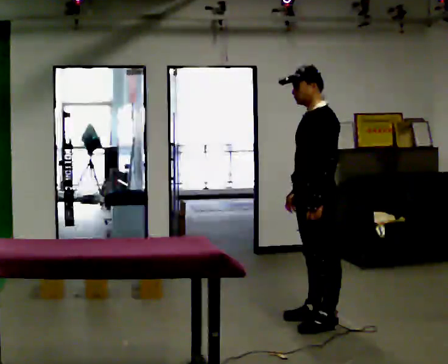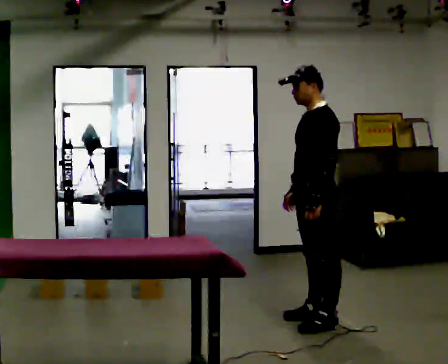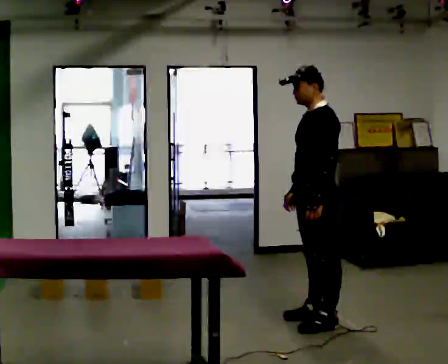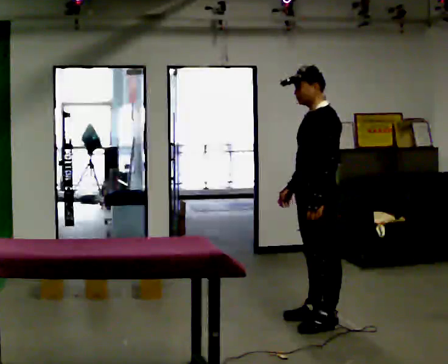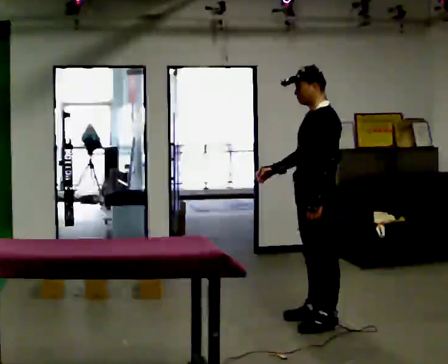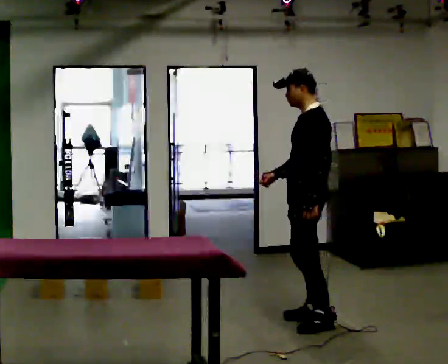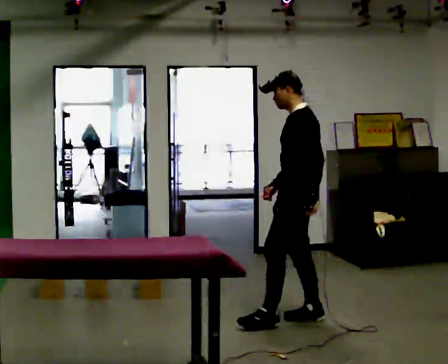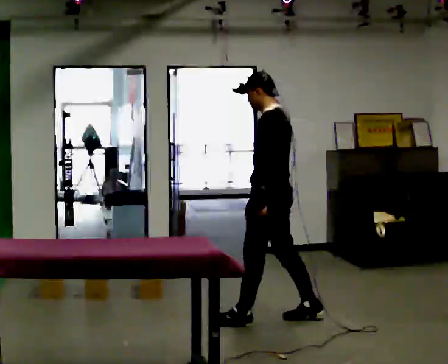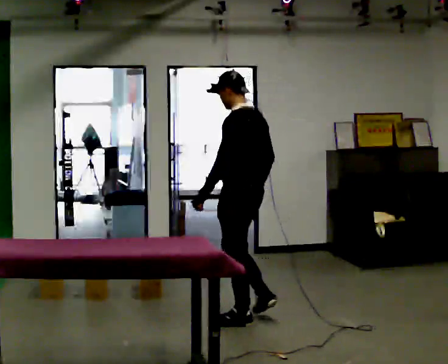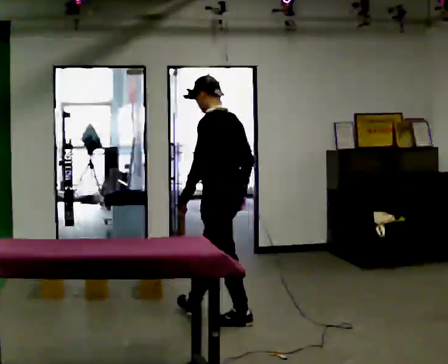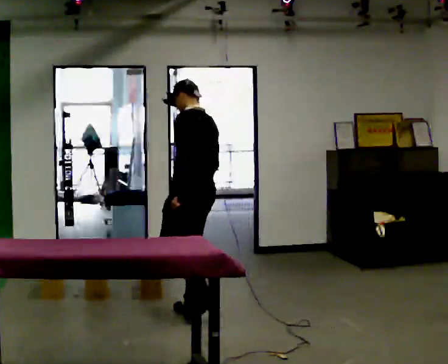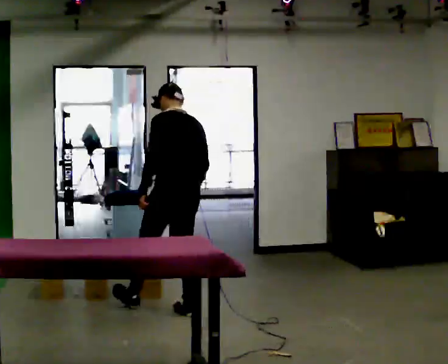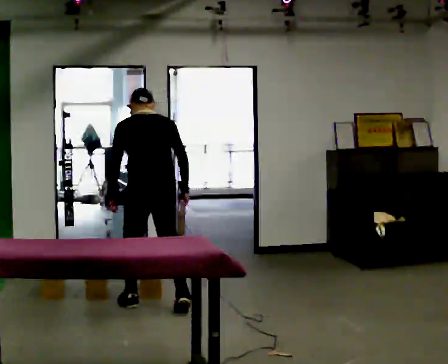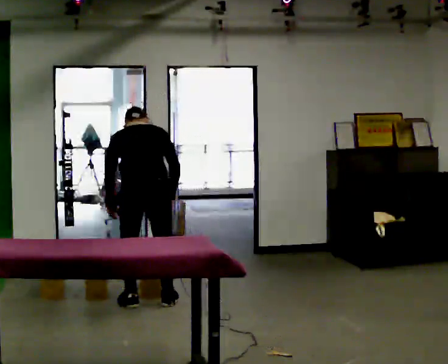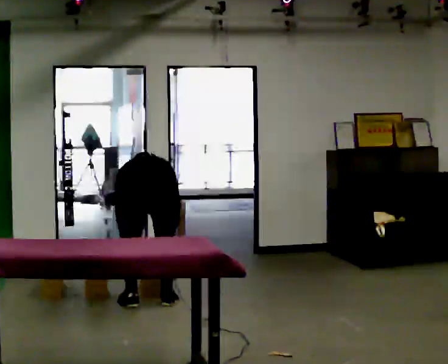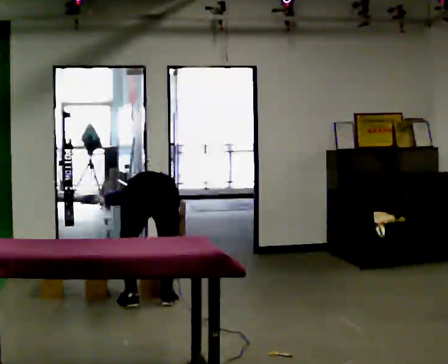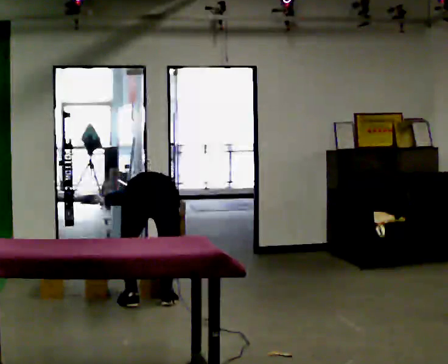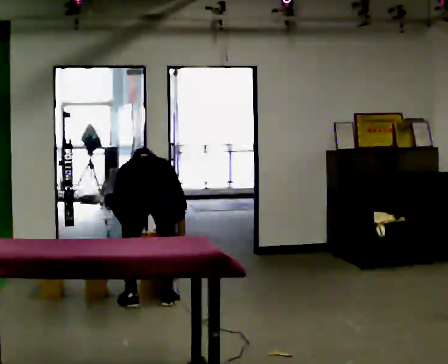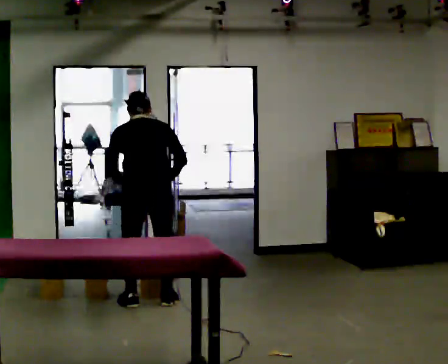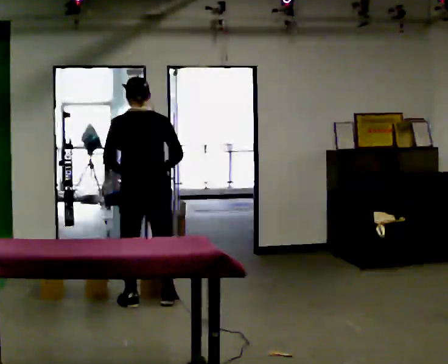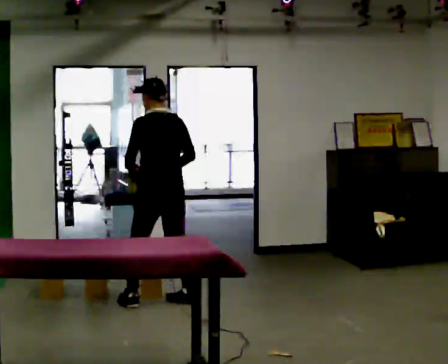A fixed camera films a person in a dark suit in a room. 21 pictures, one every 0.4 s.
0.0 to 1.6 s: The person moves a little, or ends about where they began.
1.6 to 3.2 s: The part of the body nearest the lens slides to the left as the person turns to their right by about 30 degrees. In the picture they go to the left, about 0.5 m in 1 step, which for them is forward.
3.2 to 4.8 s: The person turns about 60 degrees to their right, clockwise seen from above, so the part of the body nearest the lens slides to the left. In the picture they go to the left and away from the camera, about 1 m in 2 steps, which for them is forward.
4.8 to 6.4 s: The upper body goes downward. The upper body tips away from the camera, its near side rolling upward, as they bend forward. In the picture their left hand goes downward.
6.4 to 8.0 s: The part of the body nearest the lens slides to the right as the person turns to their left by about 30 degrees. In the picture they go away from the camera, about 0.25 m in 1 step, which for them is forward. The upper body goes upward. The upper body tips toward the camera, its near side rolling downward, as they lean back or straighten. In the picture their left hand goes upward.
The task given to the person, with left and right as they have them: Take boxes off the top of the stack one at a time and carry them away, walking back for each one. Keep going until the operator says stop; one object at a time, and do not rush between trips.
The film runs forward here.
